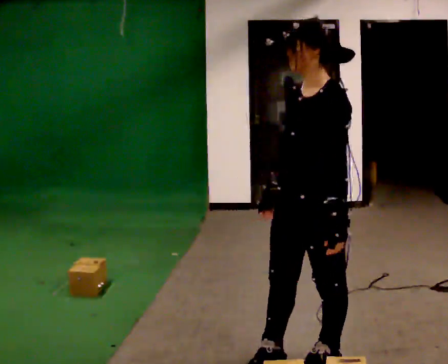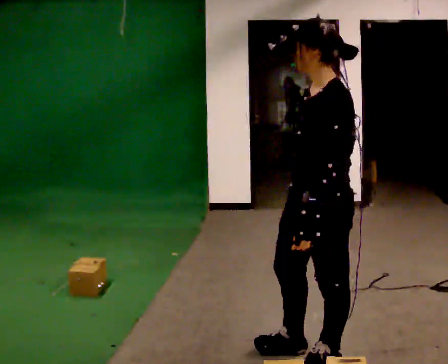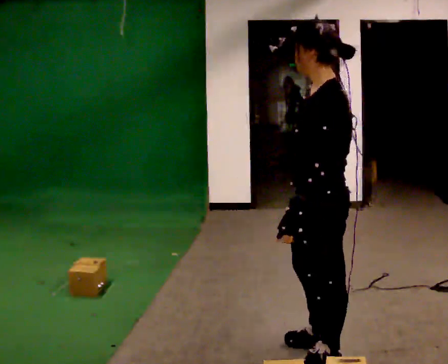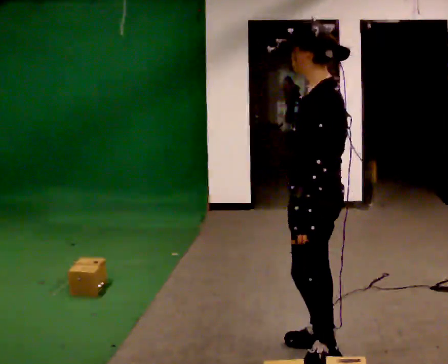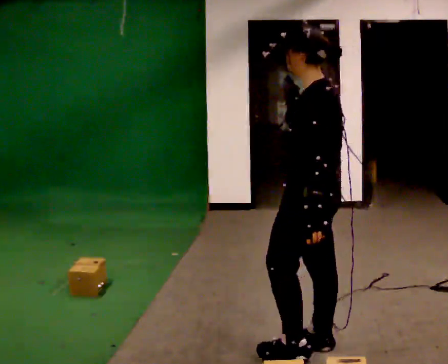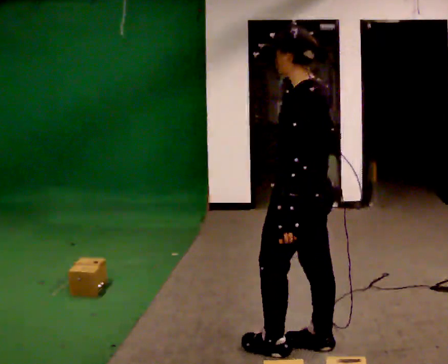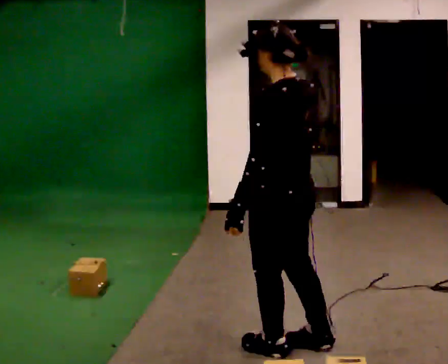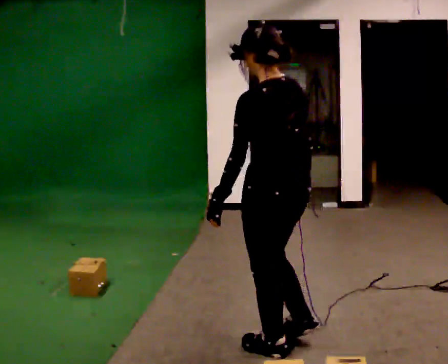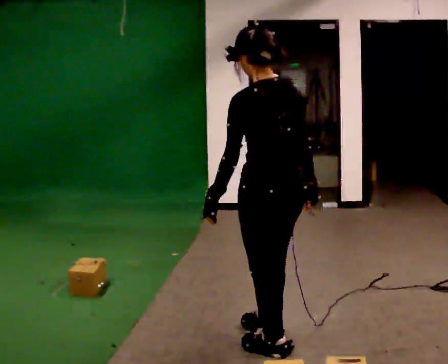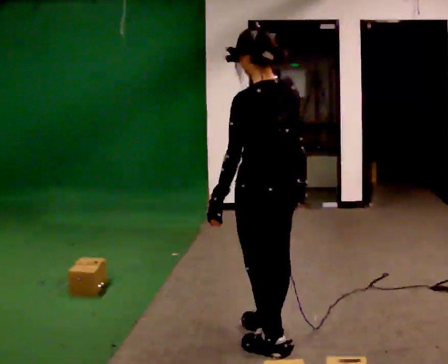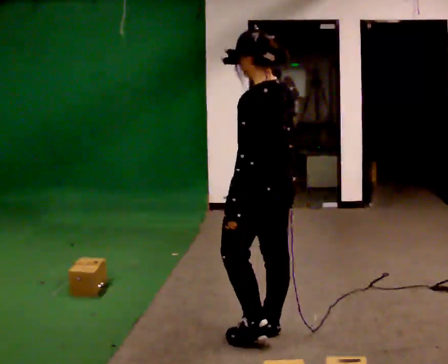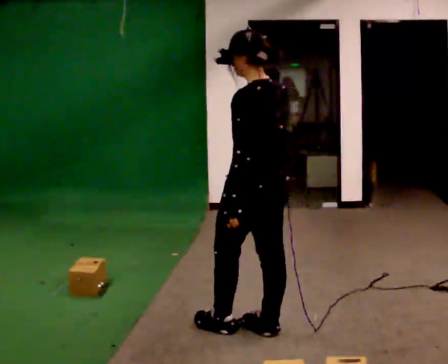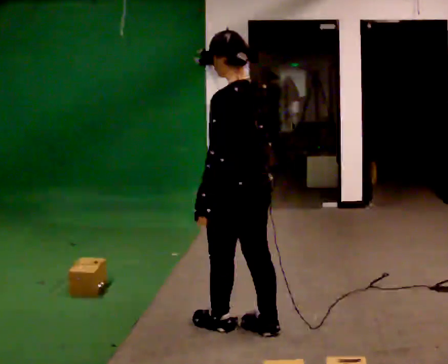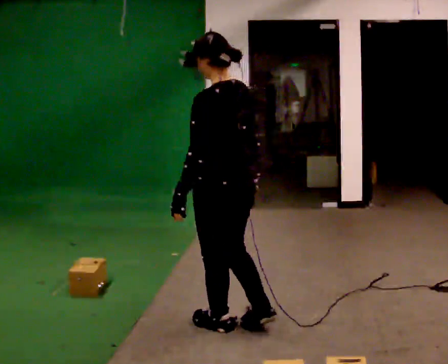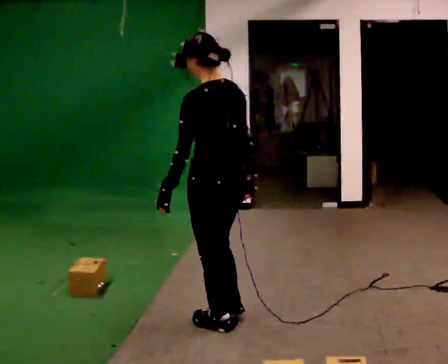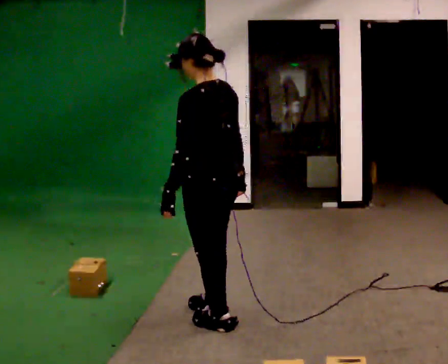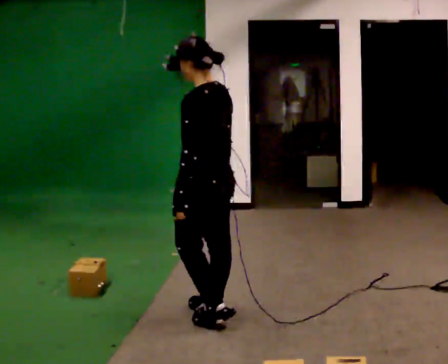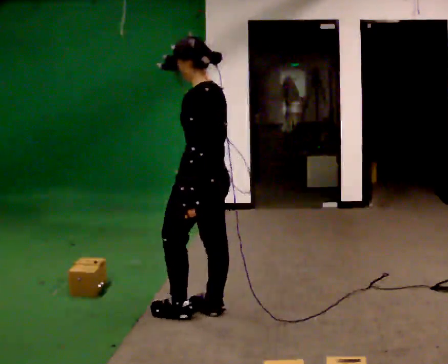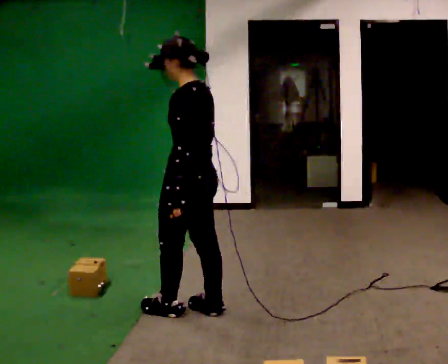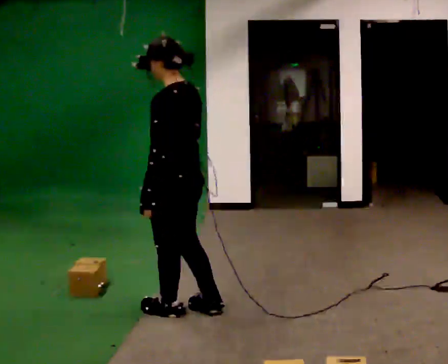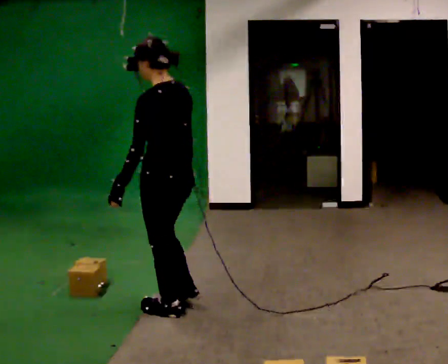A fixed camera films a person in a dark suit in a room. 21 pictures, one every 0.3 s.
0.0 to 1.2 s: The person turns about 45 degrees to their right, clockwise seen from above, so the part of the body nearest the lens slides to the left. In the picture they go away from the camera, about 0.25 m in 1 step, which for them is to their right.
1.2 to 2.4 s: The part of the body nearest the lens slides to the left as the person turns to their right by about 30 degrees. In the picture they go to the left, about 0.25 m in 2 steps, which for them is forward. In the picture their left hand goes to the left.
2.4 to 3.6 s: In the picture they go away from the camera and to the left, about 0.25 m in 1 step, which for them is forward.
3.6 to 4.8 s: In the picture they go away from the camera and to the left, about 0.25 m in 1 step, which for them is forward.
4.8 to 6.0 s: In the picture they go to the left, about 0.25 m in 1 step, which for them is forward. In the picture their left hand goes to the left.
The film runs forward here.
